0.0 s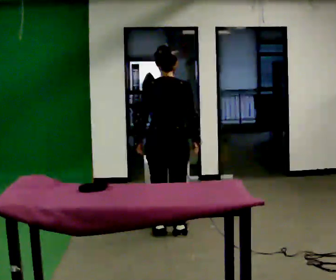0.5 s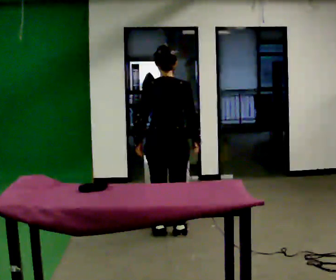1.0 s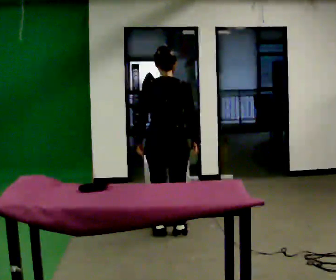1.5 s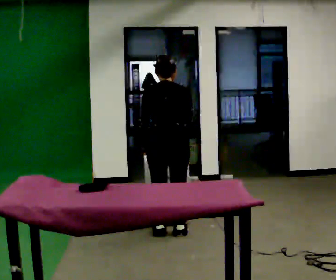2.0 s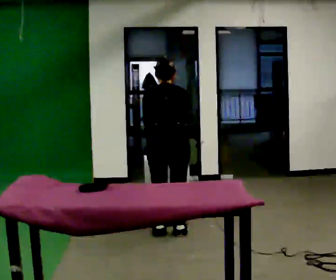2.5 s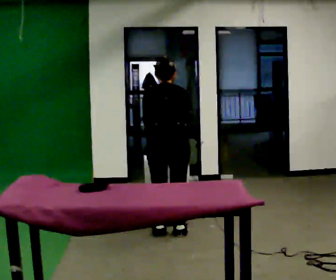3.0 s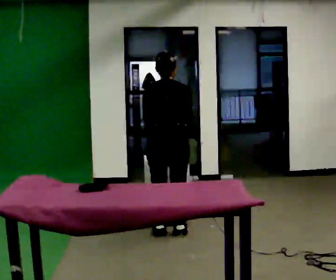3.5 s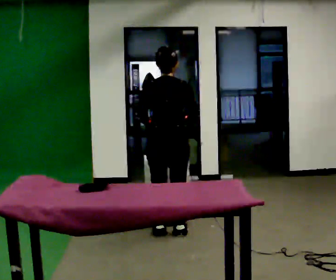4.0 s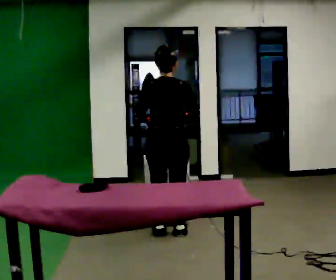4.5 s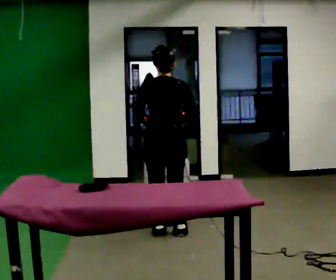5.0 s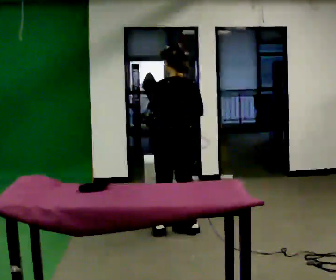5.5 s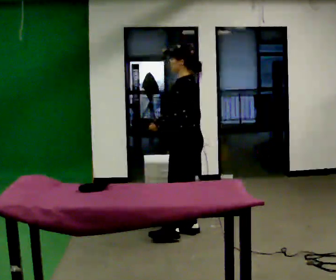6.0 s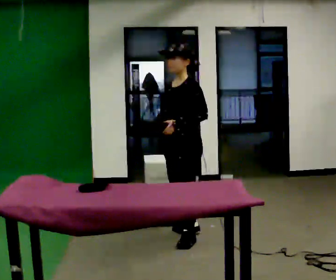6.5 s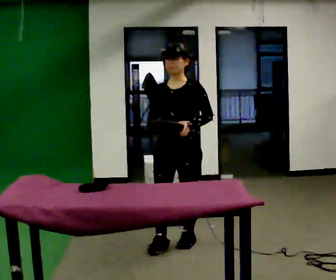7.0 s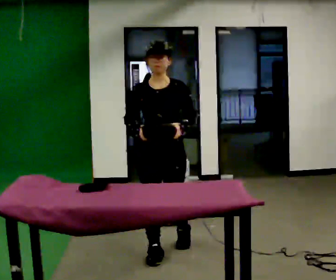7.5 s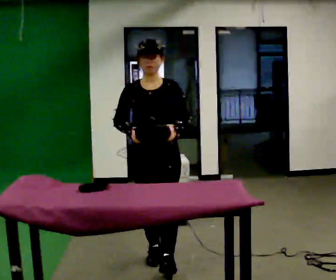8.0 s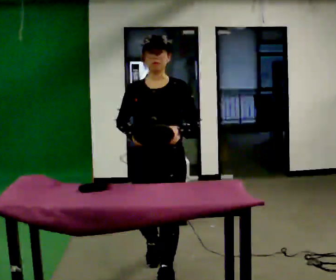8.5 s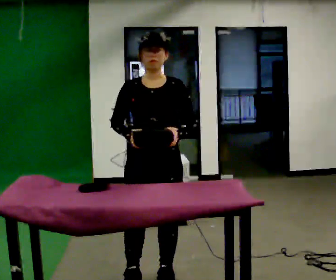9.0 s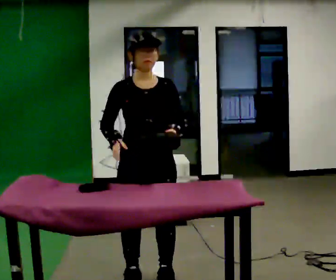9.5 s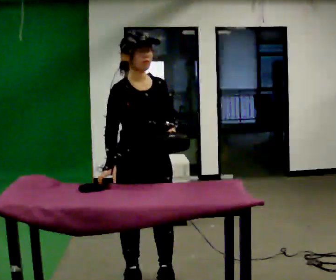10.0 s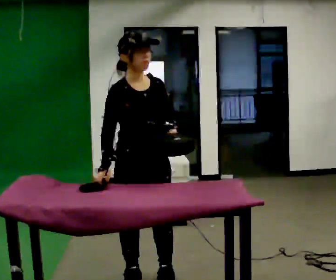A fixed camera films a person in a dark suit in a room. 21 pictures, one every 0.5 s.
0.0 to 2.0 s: The upper body tips away from the camera, its near side rolling upward, as they bend forward.
2.0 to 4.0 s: The upper body tips toward the camera, its near side rolling downward, as they lean back or straighten.
4.0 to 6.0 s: The part of the body nearest the lens slides to the right as the person turns to their left by about 120 degrees. In the picture they go toward the camera, about 0.25 m in 1 step. In the picture their left hand goes to the right.
6.0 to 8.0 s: The part of the body nearest the lens slides to the right as the person turns to their left by about 45 degrees. In the picture they go toward the camera, about 1 m in 2 steps, which for them is forward.
8.0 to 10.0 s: Seen from above the body turns counterclockwise, about 45 degrees: to their left, with its near side sliding to the right.
The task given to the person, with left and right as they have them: Clear everything off the table and put it away on the shelf, in as many trips as you need. Keep going until the operator says stop; one object at a time, and do not rush between trips.
The film runs forward here.
